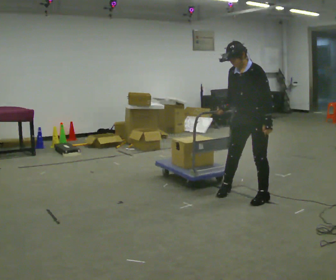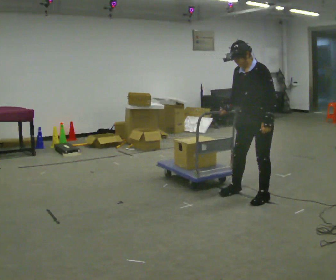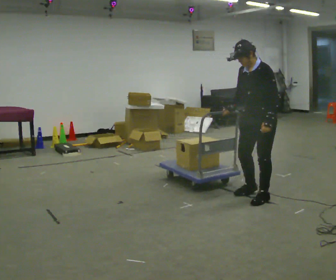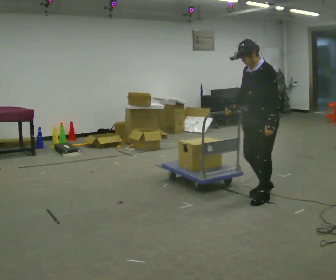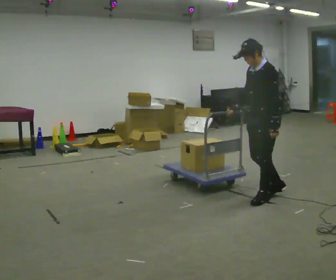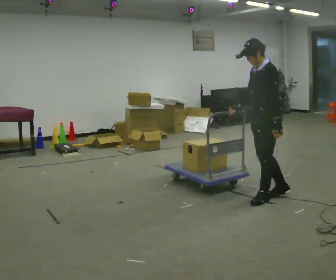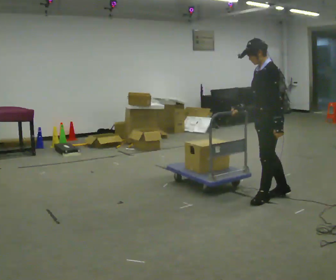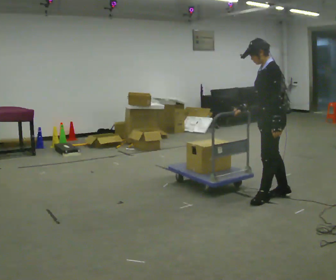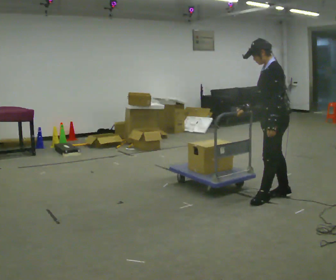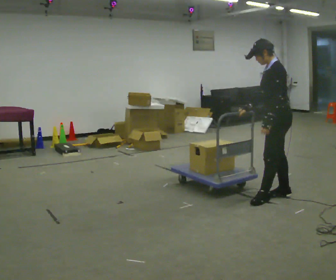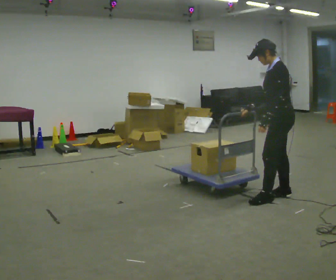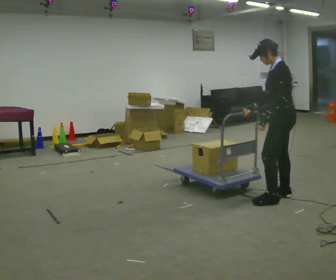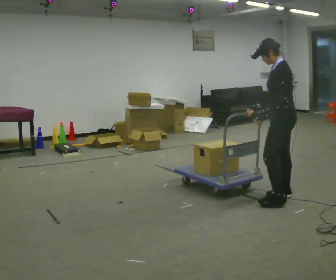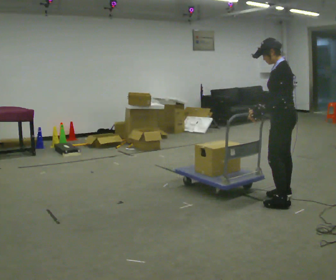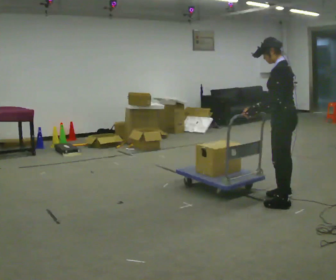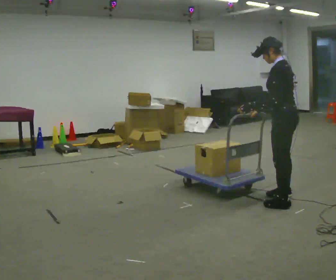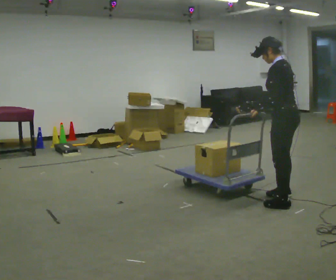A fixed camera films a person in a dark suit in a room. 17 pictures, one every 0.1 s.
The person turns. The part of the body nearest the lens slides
to the left.
Their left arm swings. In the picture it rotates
clockwise.
0.0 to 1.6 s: Seen from above the body turns clockwise, about 75 degrees: to their right, with its near side sliding to the left. In the picture they go to the right and toward the camera, about 0.5 m in 2 steps.
The film runs forward here.
